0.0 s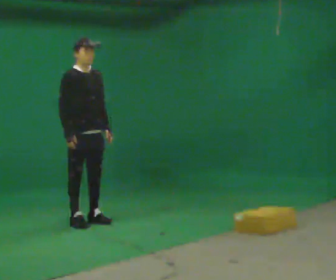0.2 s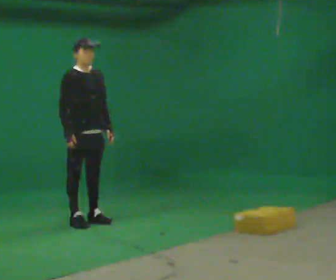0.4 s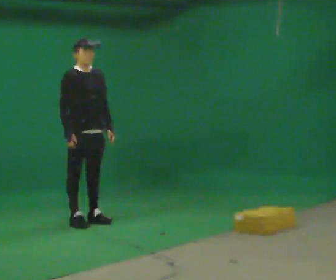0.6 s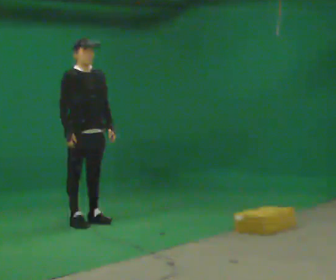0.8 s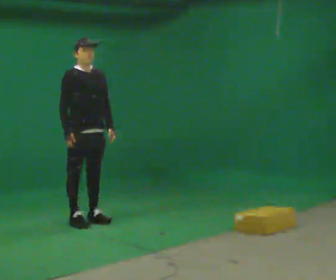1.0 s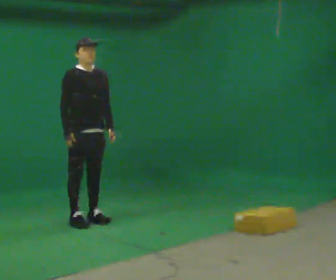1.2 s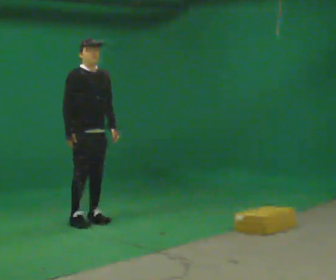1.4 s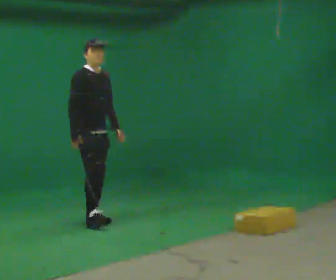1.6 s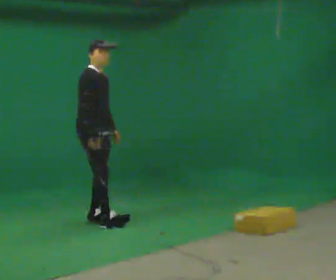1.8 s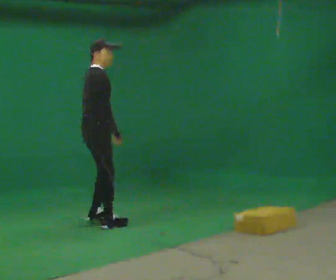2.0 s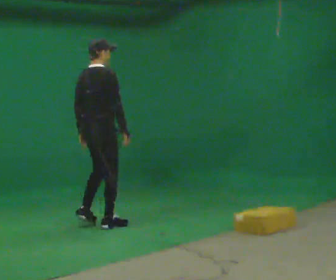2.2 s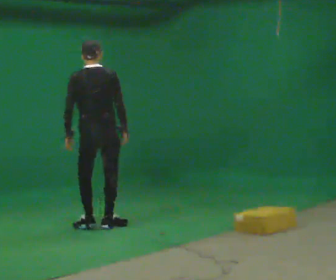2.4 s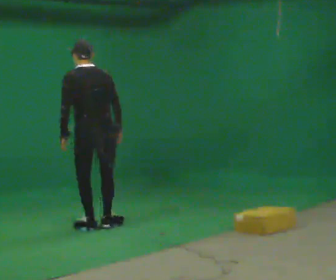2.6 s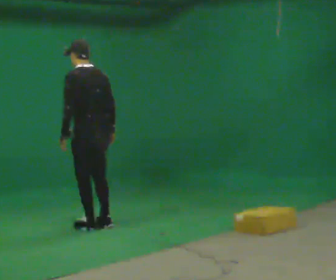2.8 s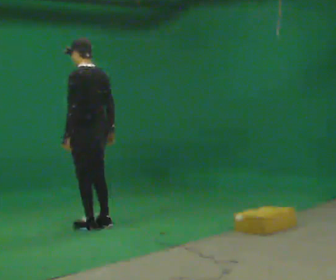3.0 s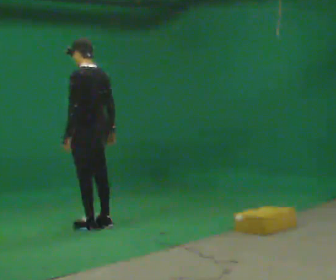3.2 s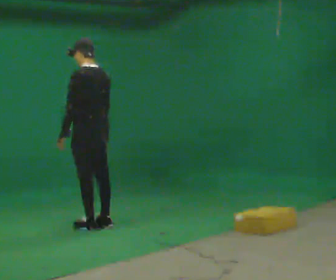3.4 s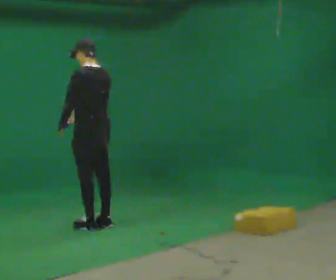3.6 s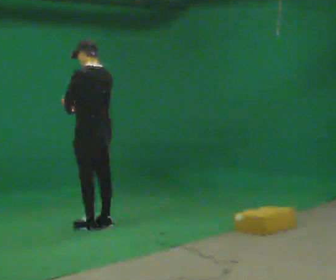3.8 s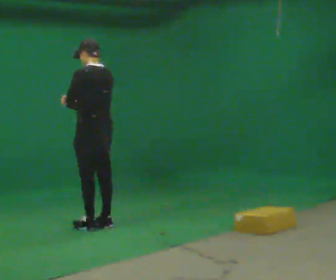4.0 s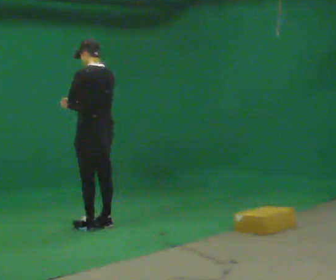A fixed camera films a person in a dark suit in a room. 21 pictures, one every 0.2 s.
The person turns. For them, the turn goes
to their left.
The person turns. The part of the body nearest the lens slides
to the right.
0.0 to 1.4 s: The person moves a little, or ends about where they began.
1.4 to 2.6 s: The person turns about 165 degrees to their left, counterclockwise seen from above, so the part of the body nearest the lens slides to the right. In the picture they go toward the camera, about 0.25 m in 1 step. In the picture the upper body tilts counterclockwise, shoulders to the left.
2.6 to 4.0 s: In the picture their right hand goes to the left, the arm swinging clockwise.
The film runs backward here.
